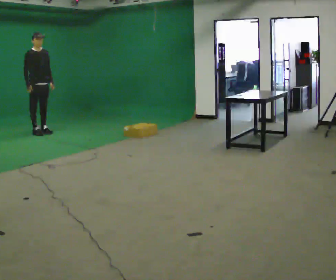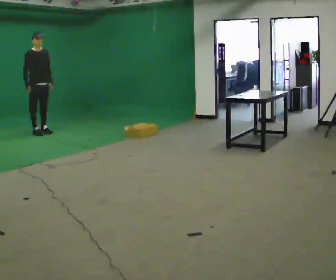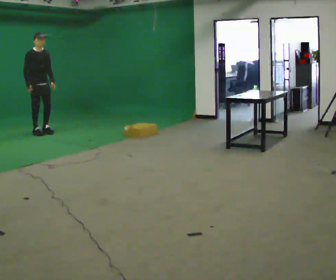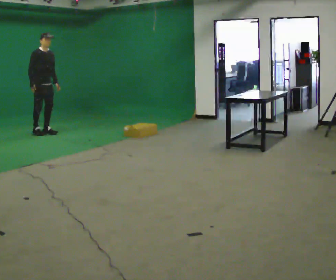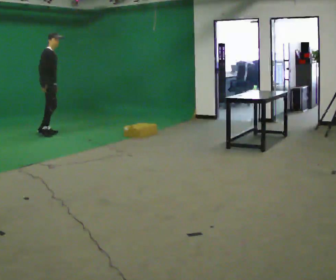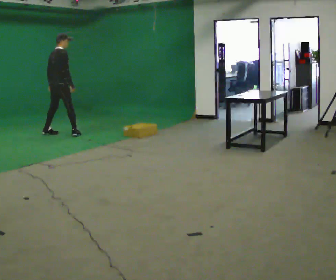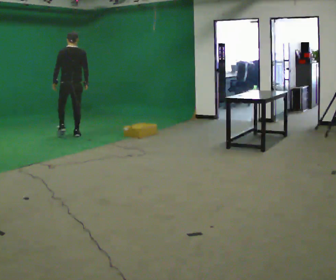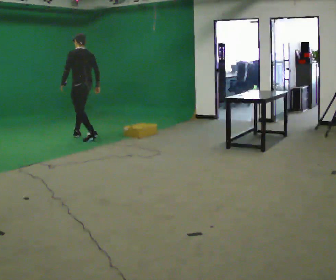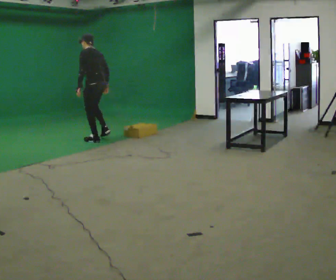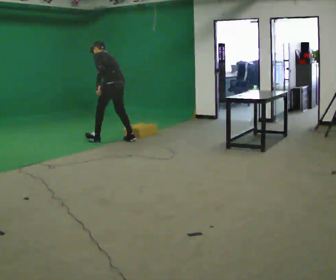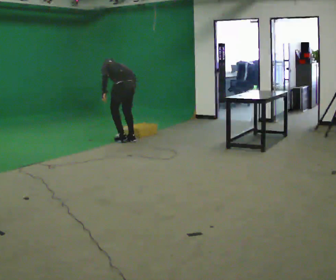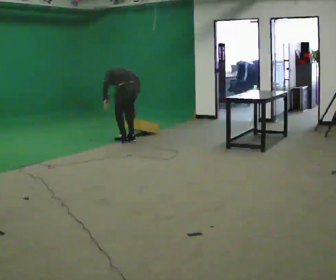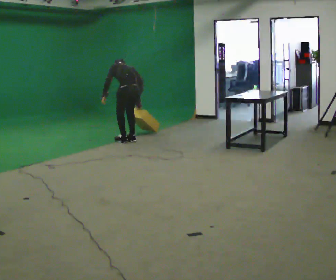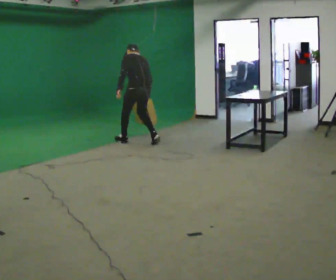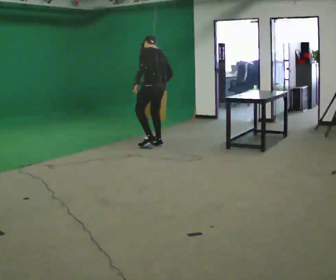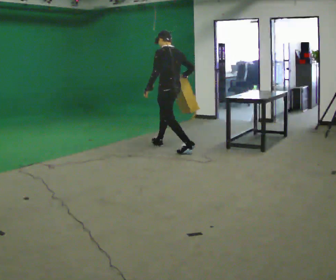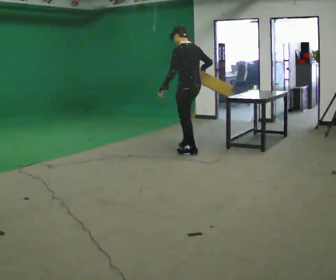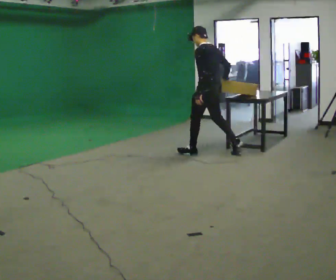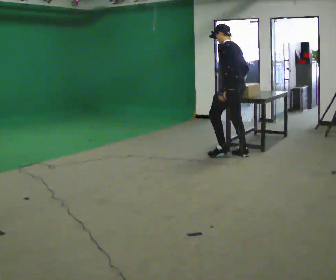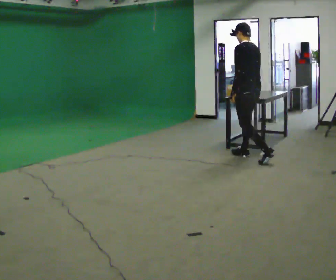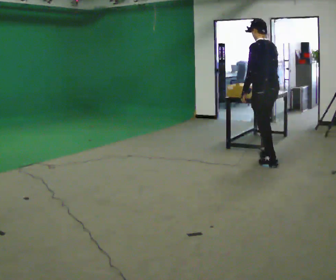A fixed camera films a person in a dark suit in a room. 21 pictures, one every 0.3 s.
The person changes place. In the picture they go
to the right.
0.0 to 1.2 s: The part of the body nearest the lens slides to the right as the person turns to their left by about 30 degrees. In the picture they go to the right, about 0.25 m in 2 steps, which for them is forward.
1.2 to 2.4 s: The part of the body nearest the lens slides to the right as the person turns to their left by about 150 degrees. In the picture they go to the right and toward the camera, about 1 m in 2 steps. In the picture the upper body tilts counterclockwise, shoulders to the left.
2.4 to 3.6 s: The part of the body nearest the lens slides to the left as the person turns to their right by about 30 degrees. In the picture they go to the right and toward the camera, about 0.75 m in 1 step, which for them is backward. The shoulders move downward. The upper body tips away from the camera, its near side rolling upward.
3.6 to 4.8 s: In the picture they go to the right and toward the camera, about 1 m in 3 steps, which for them is backward. The upper body goes upward. The upper body tips toward the camera, its near side rolling downward, as they lean back or straighten.
4.8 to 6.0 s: In the picture they go to the right and toward the camera, about 1 m in 2 steps, which for them is backward.
The film runs backward here.
